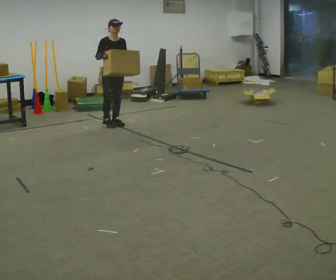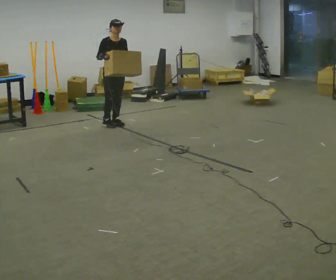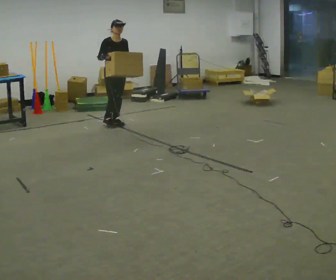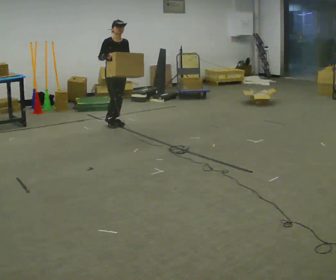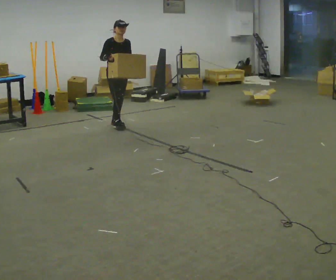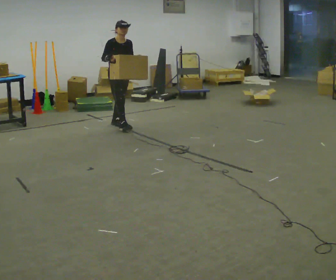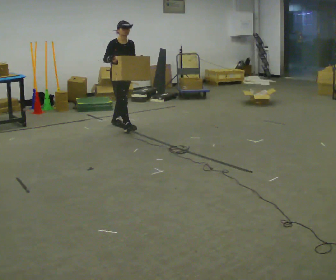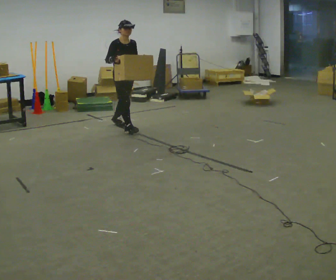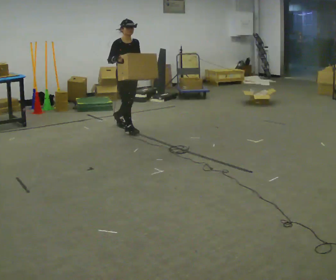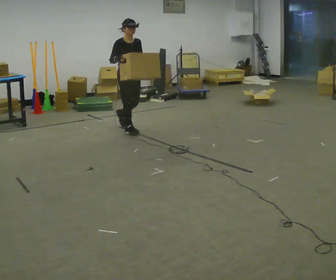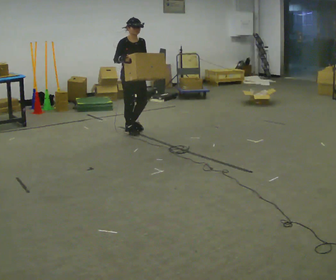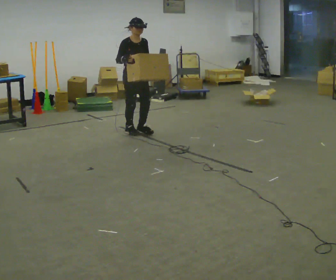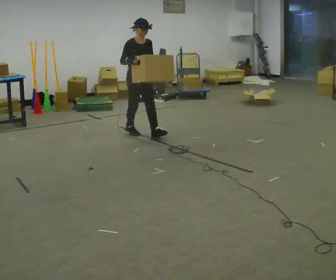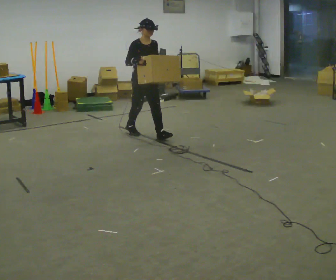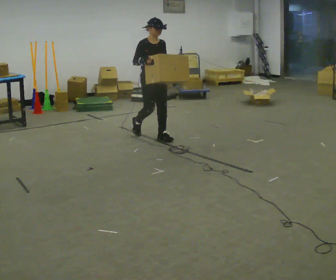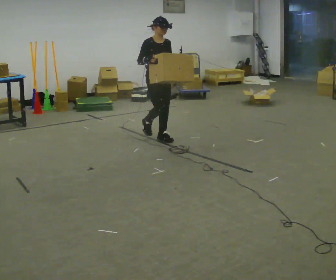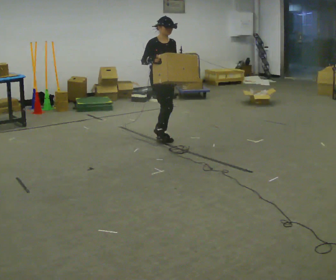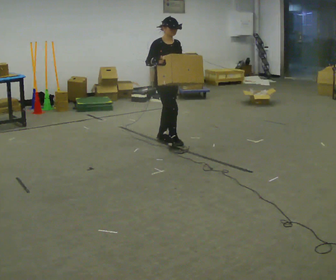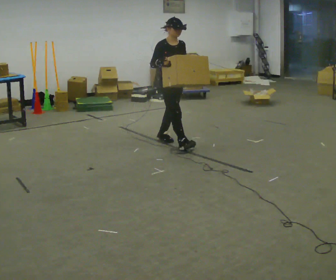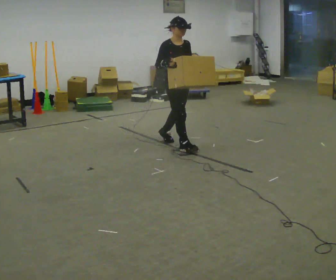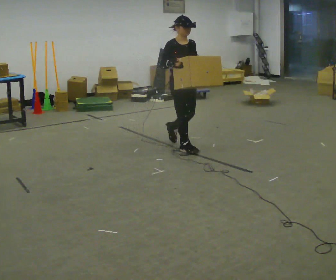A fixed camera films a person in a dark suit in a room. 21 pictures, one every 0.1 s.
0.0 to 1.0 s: In the picture they go toward the camera and to the right, about 0.5 m in 1 step, which for them is forward.
1.0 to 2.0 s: In the picture they go toward the camera and to the right, about 1 m in 2 steps, which for them is forward.
The film runs forward here.
